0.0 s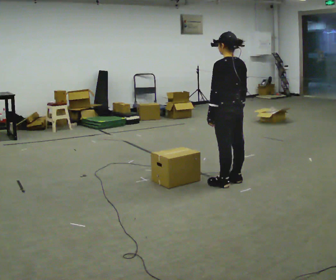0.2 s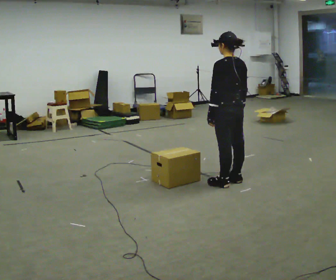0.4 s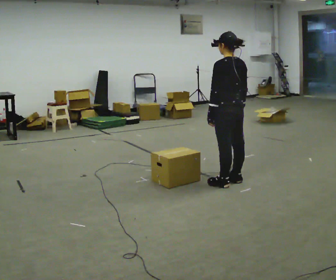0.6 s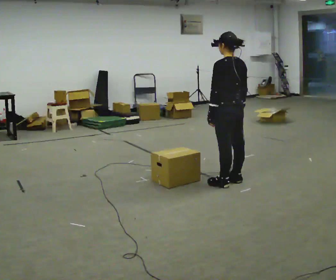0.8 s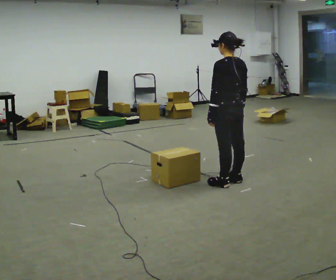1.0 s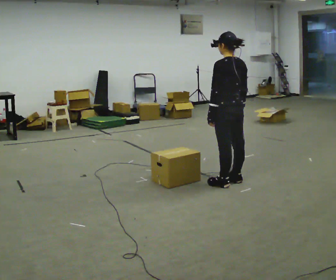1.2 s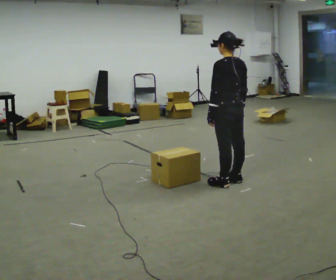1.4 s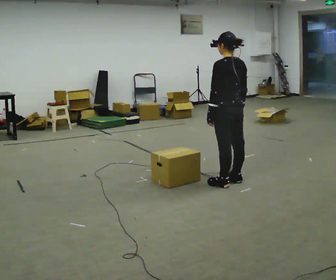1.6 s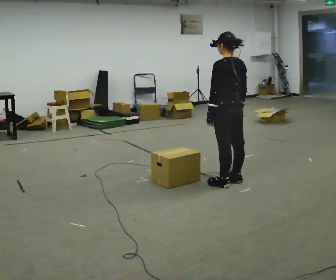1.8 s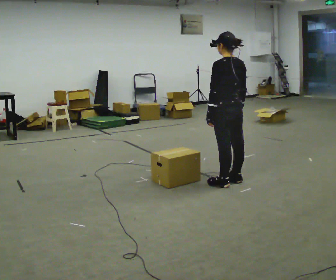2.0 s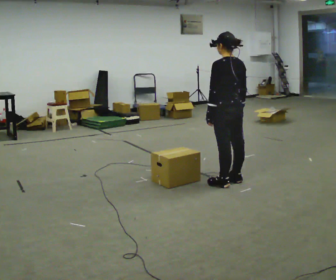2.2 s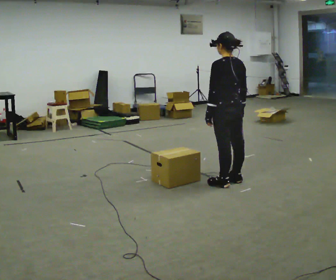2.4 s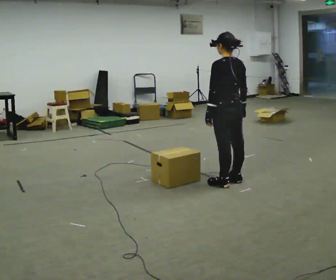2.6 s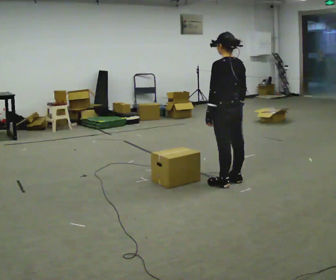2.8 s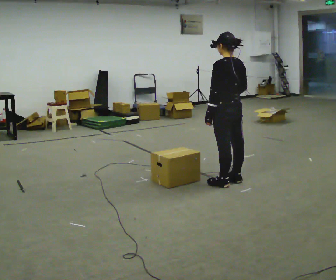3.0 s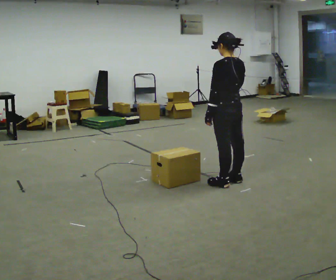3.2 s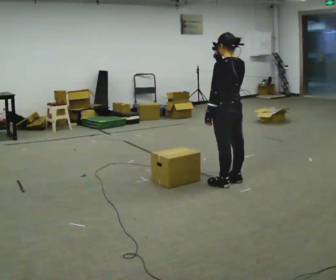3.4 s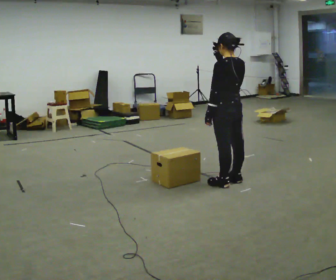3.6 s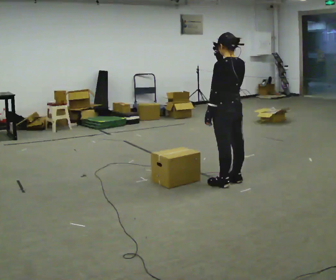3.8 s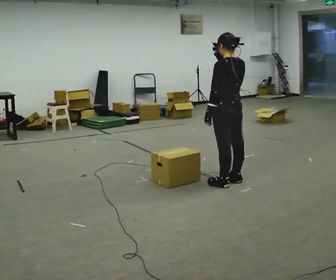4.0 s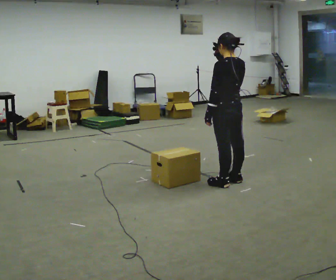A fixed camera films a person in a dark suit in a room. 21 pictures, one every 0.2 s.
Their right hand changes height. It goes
upward.
0.0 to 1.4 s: The person keeps their place and pose.
1.4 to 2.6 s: The person moves a little, or ends about where they began.
2.6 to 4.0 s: In the picture their right hand goes upward.
The film runs backward here.
